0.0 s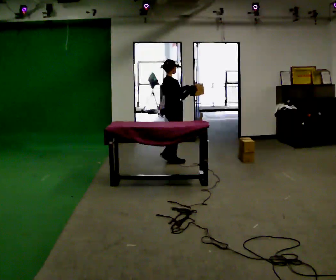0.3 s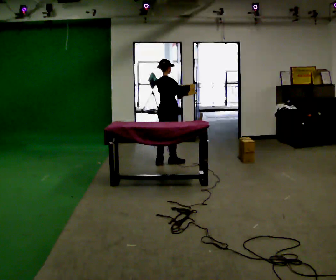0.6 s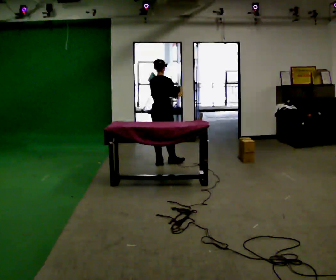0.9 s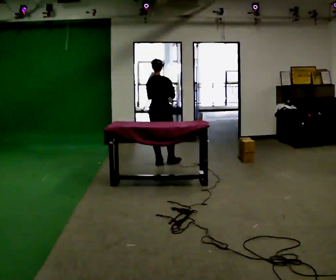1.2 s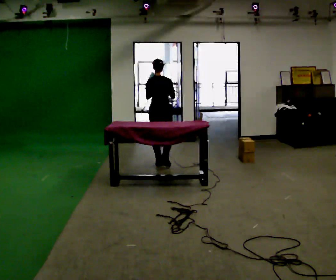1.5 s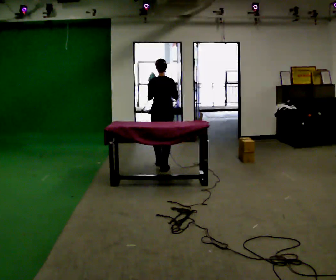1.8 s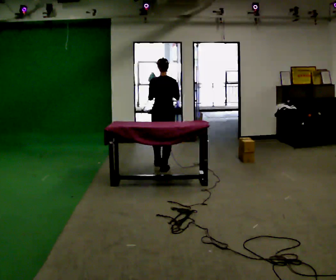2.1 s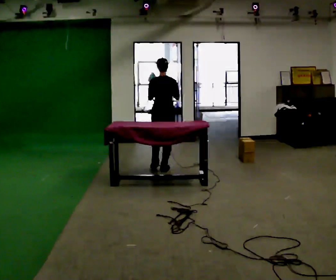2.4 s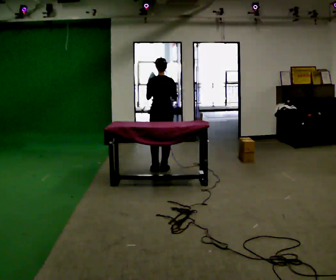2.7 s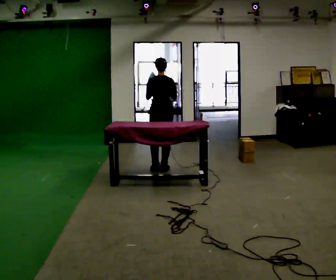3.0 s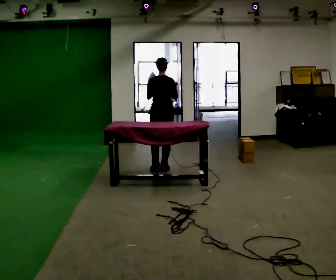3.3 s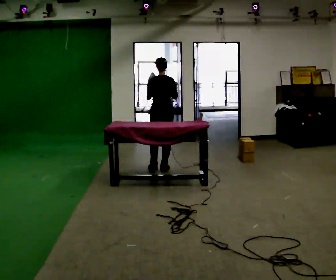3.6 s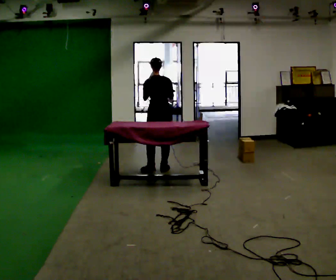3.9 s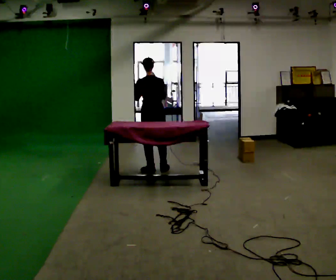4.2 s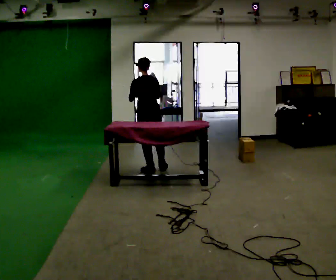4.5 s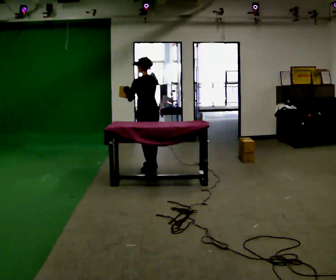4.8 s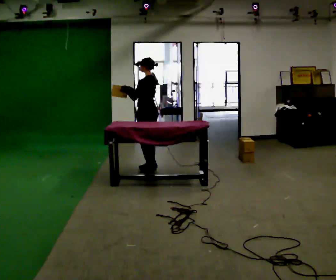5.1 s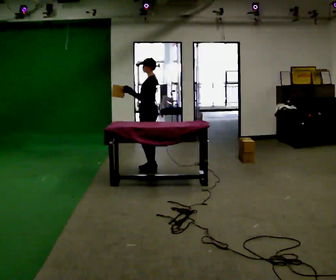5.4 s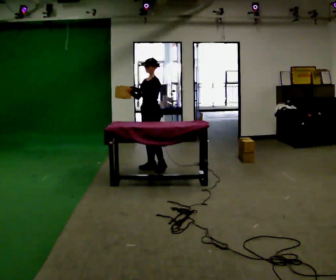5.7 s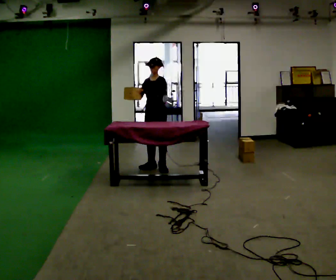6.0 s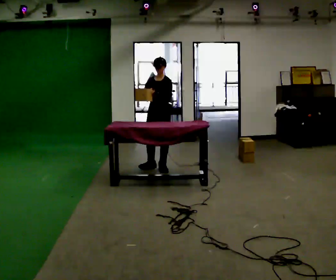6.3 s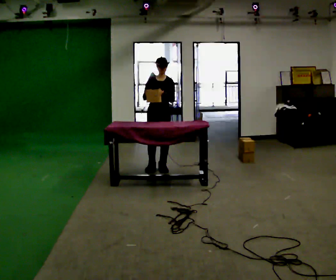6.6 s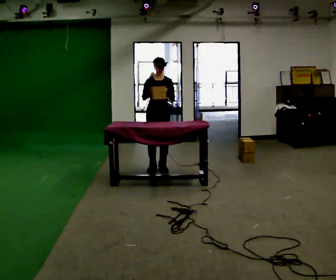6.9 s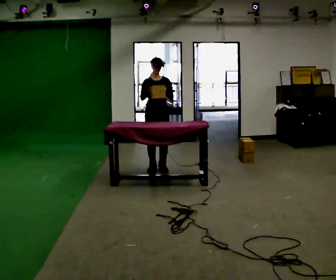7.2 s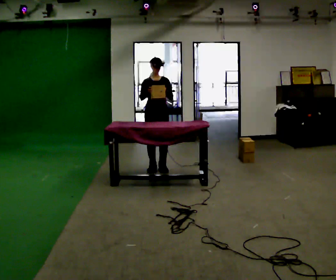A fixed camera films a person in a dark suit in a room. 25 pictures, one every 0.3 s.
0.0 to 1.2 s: Seen from above the body turns counterclockwise, about 60 degrees: to their left, with its near side sliding to the right. In the picture they go to the left, about 0.25 m in 1 step, which for them is backward. In the picture their right hand goes to the left.
1.2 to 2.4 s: In the picture they go toward the camera, about 0.25 m in 1 step, which for them is backward.
2.4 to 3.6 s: The person moves a little, or ends about where they began.
3.6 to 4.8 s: The person turns about 60 degrees to their left, counterclockwise seen from above, so the part of the body nearest the lens slides to the right. In the picture they go to the left, about 0.25 m. In the picture their right hand goes to the left.
4.8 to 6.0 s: Seen from above the body turns counterclockwise, about 90 degrees: to their left, with its near side sliding to the right. In the picture they go to the right, about 0.25 m in 1 step. In the picture their left hand goes to the right.
6.0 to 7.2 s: Seen from above the body turns counterclockwise, about 30 degrees: to their left, with its near side sliding to the right.
The film runs backward here.
